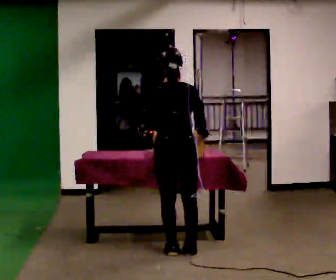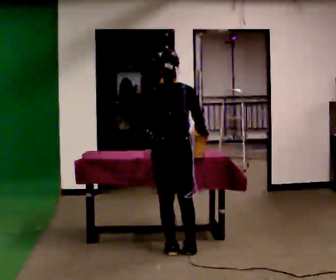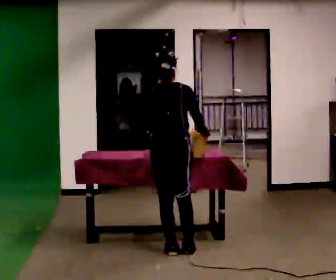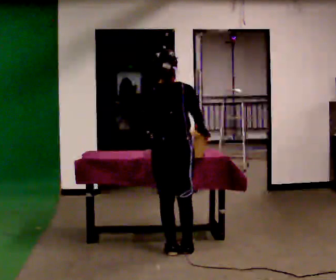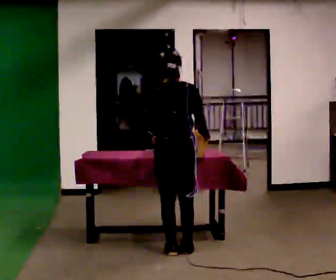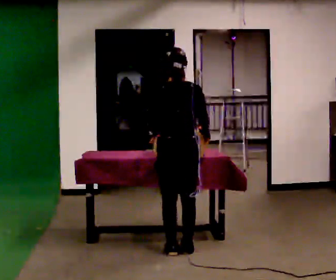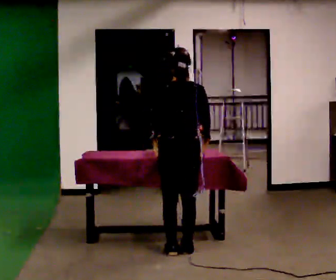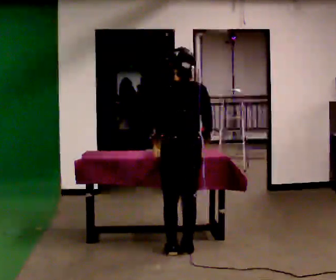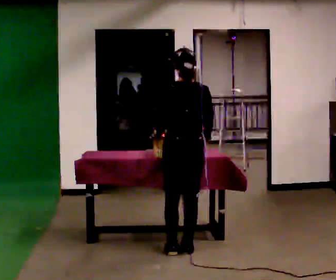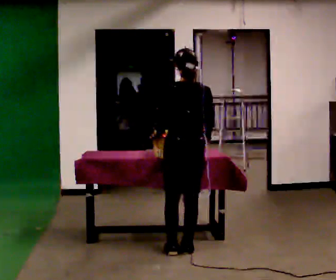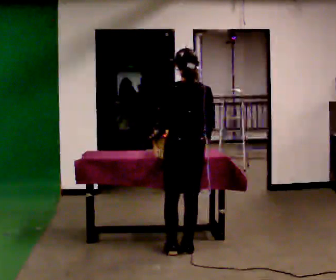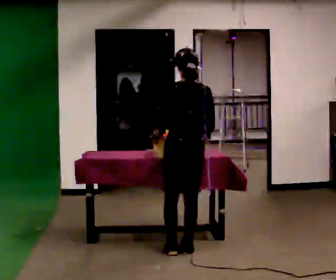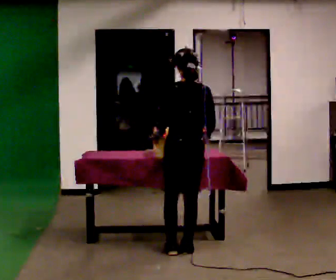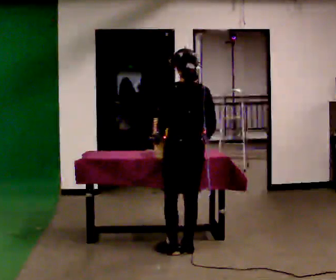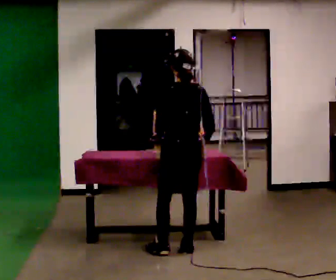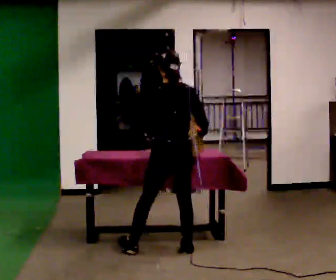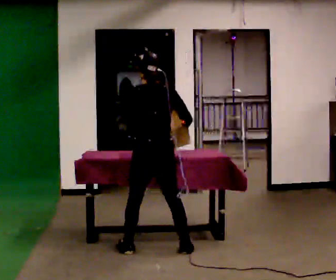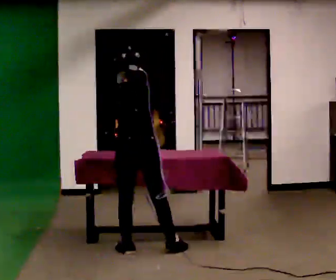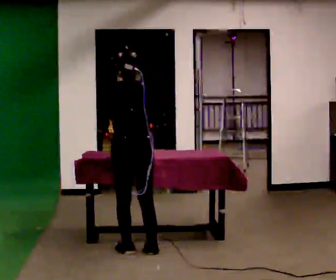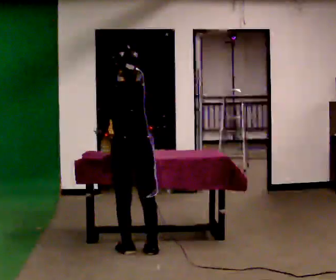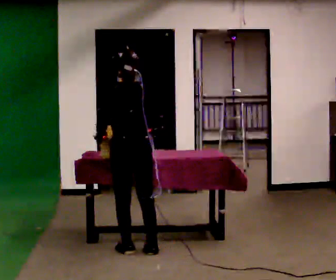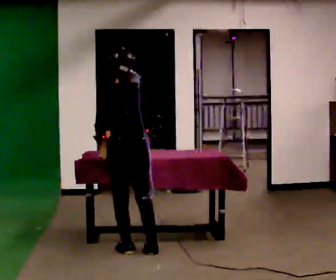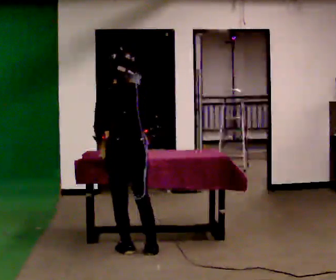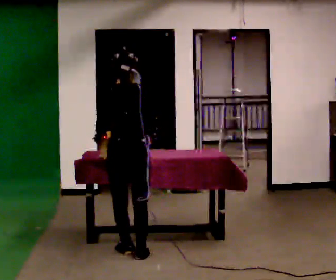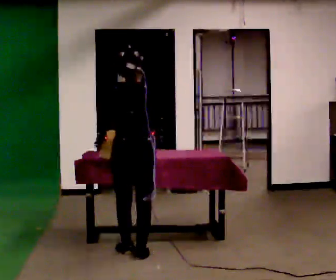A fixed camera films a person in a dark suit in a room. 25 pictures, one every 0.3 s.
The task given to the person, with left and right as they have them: Lift the heavy object with both hands and set it down again in a different spot on the same surface. Repeat at your own pace until the operator says stop. Keep both feet on the marked spots for the whole take. If you have to step, stop and tell the operator.
0.0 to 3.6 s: The person moves a little, or ends about where they began.
3.6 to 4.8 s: In the picture they go to the left, about 0.25 m in 1 step, which for them is to their left.
4.8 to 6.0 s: In the picture they go to the left, about 0.25 m in 1 step, which for them is to their left. In the picture their right hand goes to the left.
6.0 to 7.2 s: The person moves a little, or ends about where they began.
The film runs forward here.
